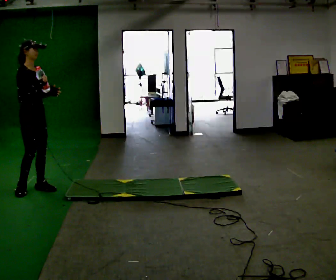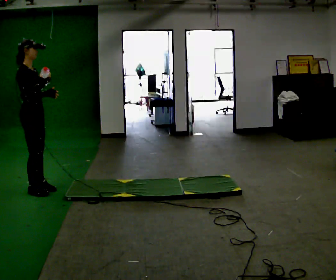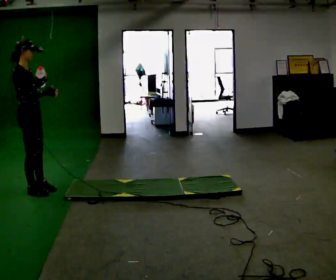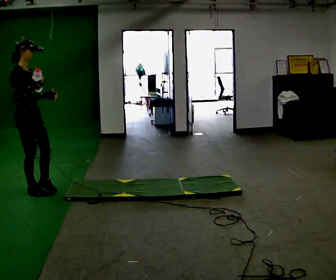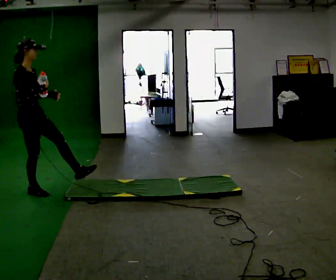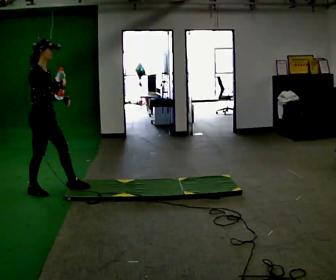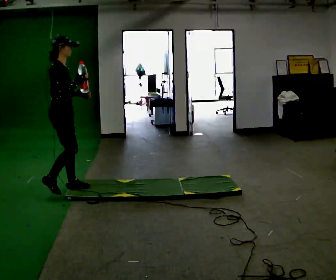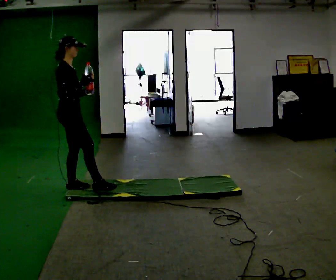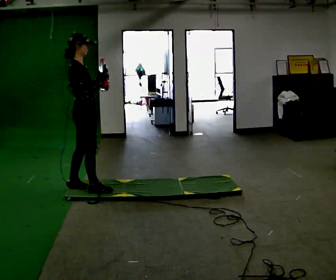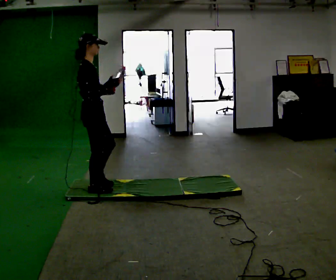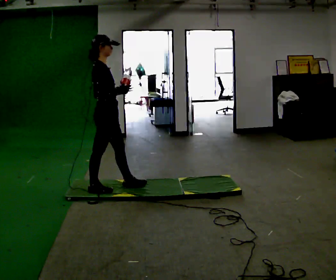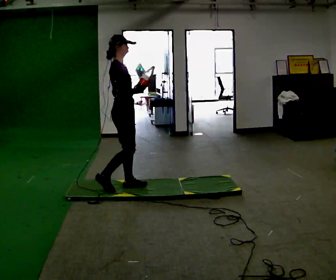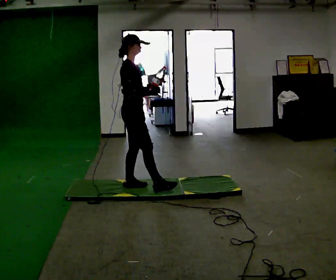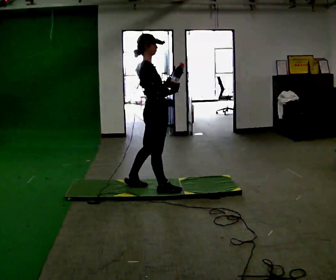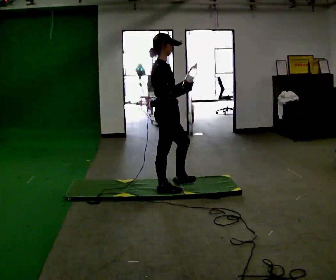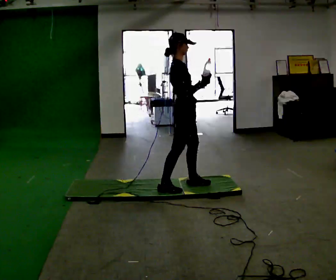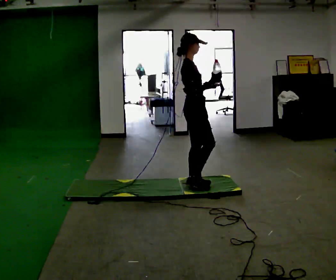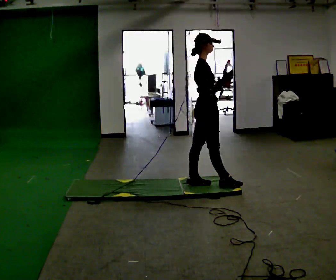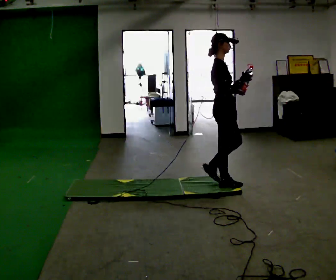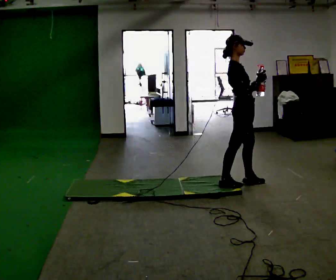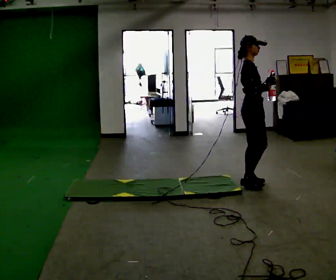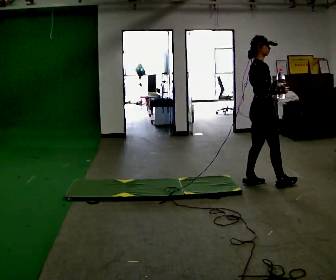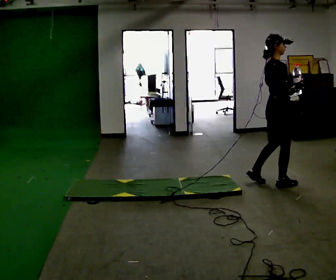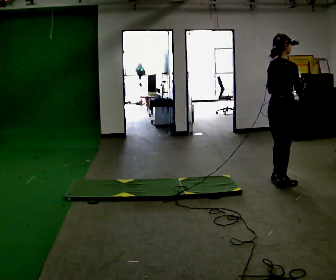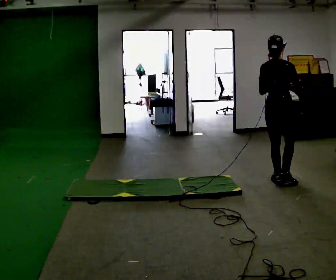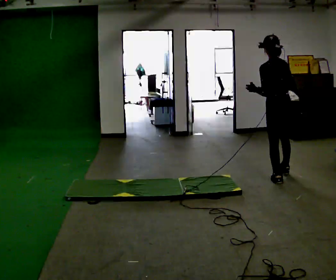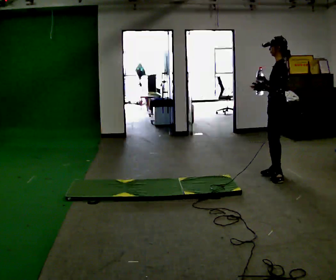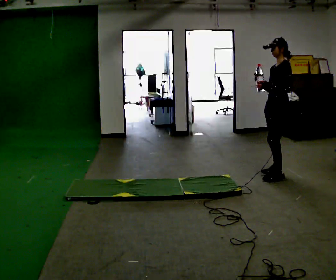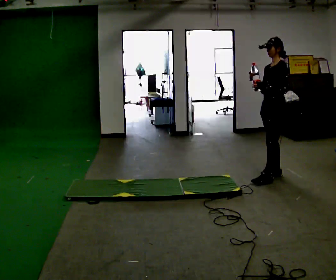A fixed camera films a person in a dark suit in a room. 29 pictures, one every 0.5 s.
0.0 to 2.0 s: The person moves a little, or ends about where they began.
2.0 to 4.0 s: In the picture they go to the right, about 0.5 m in 2 steps, which for them is forward.
4.0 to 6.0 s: In the picture they go to the right, about 0.5 m in 1 step, which for them is forward.
6.0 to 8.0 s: In the picture they go to the right, about 0.75 m in 2 steps, which for them is forward.
8.0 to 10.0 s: In the picture they go to the right, about 0.5 m in 2 steps, which for them is forward.
10.0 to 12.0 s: The part of the body nearest the lens slides to the right as the person turns to their left by about 75 degrees. In the picture they go to the right, about 0.25 m in 2 steps.
12.0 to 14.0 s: The part of the body nearest the lens slides to the right as the person turns to their left by about 135 degrees. In the picture they go away from the camera, about 0.25 m in 1 step. In the picture their right hand goes to the left.
The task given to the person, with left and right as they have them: Hold the object and walk back and forth. It may slip. Try to catch it if you can, but let it go rather than lurching after it.
The film runs forward here.
